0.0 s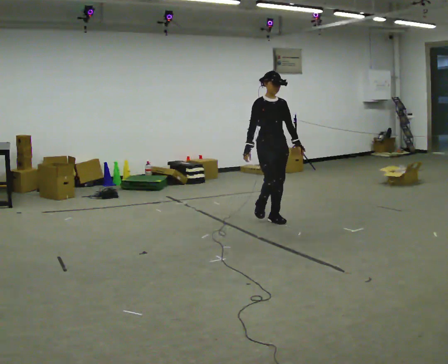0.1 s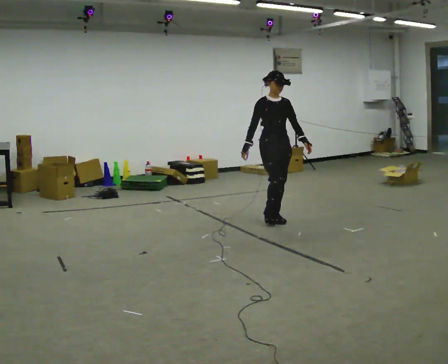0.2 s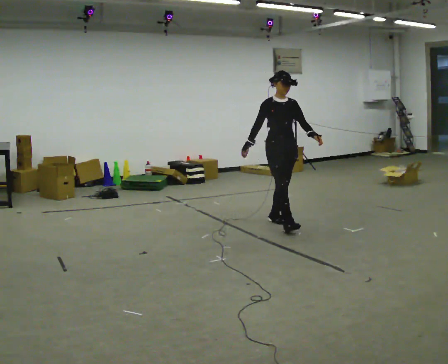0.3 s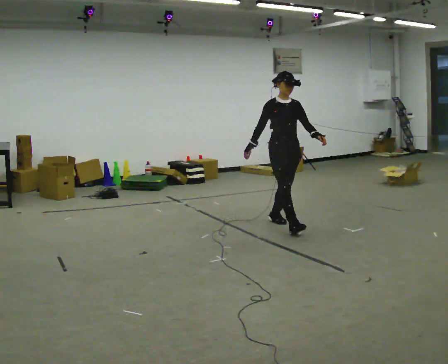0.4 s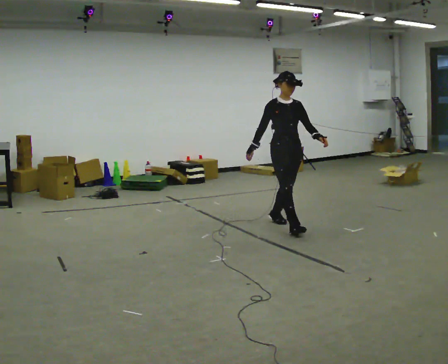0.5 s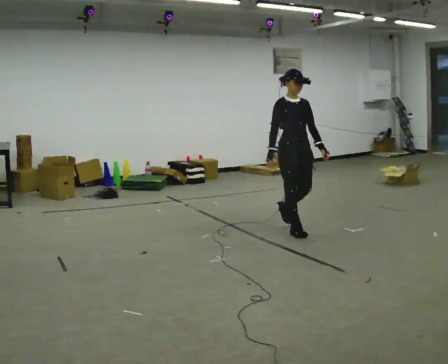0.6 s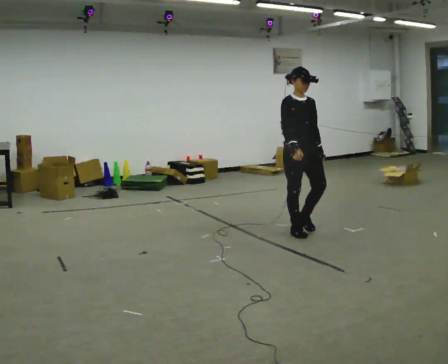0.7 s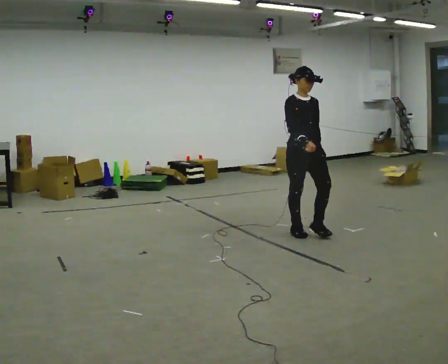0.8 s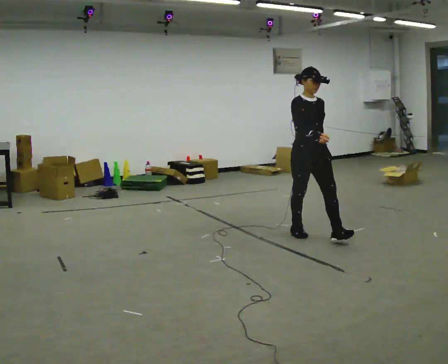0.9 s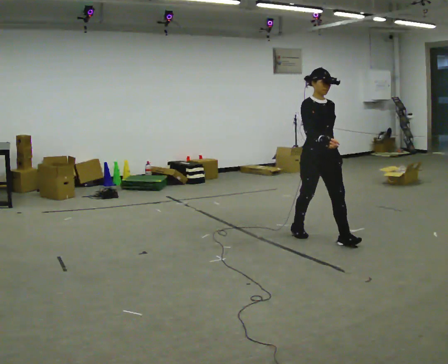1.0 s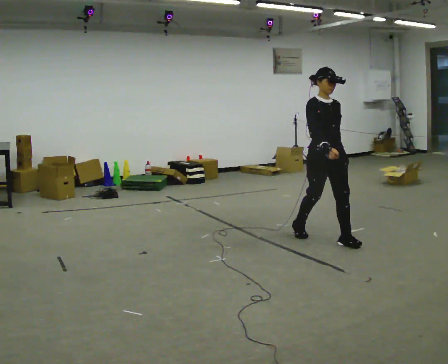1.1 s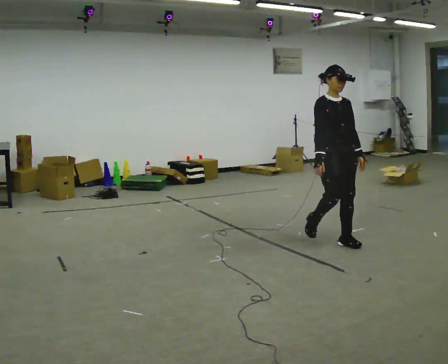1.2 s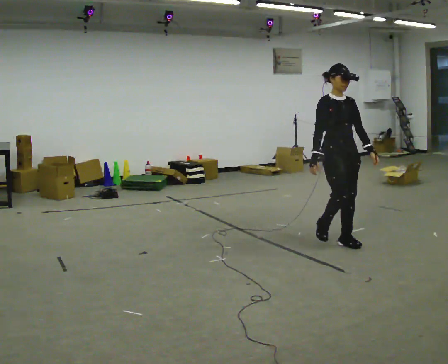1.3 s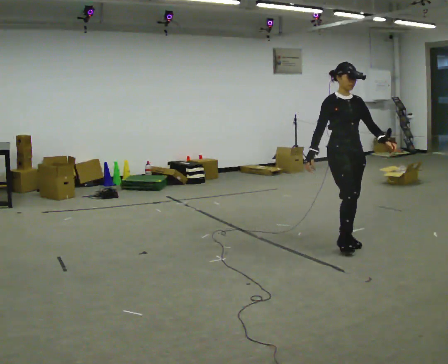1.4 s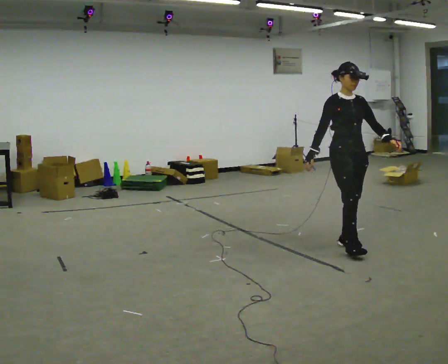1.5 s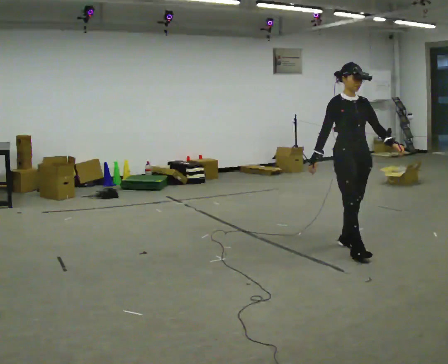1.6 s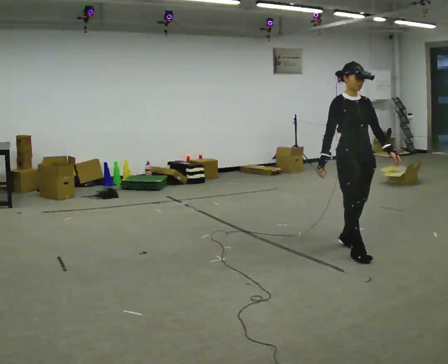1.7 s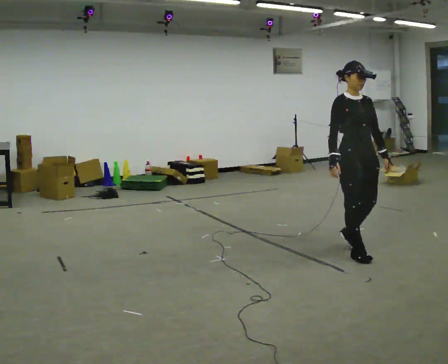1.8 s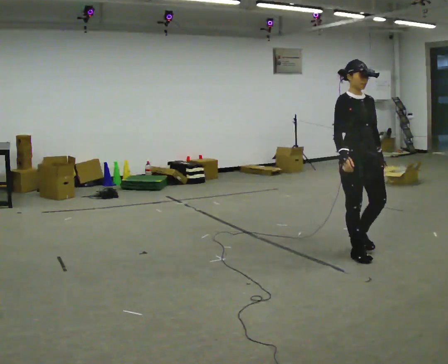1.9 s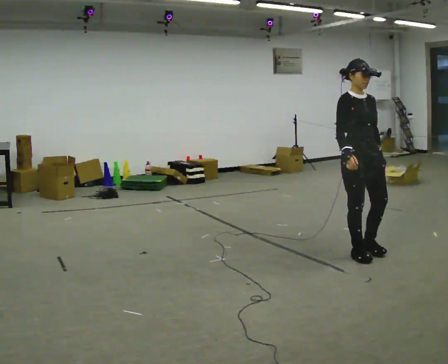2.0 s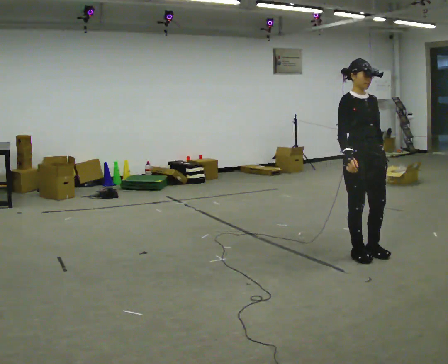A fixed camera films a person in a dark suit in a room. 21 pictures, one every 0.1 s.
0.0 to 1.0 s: In the picture they go toward the camera and to the right, about 1 m in 2 steps, which for them is forward.
1.0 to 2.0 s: In the picture they go toward the camera and to the right, about 0.5 m in 2 steps, which for them is forward.
The film runs forward here.
